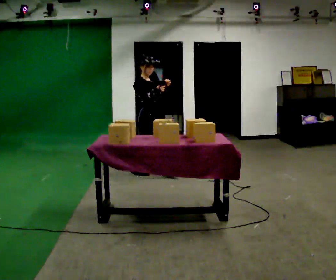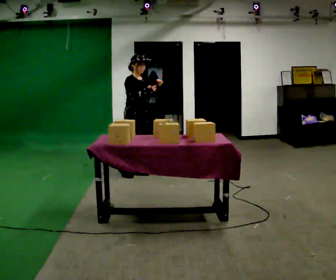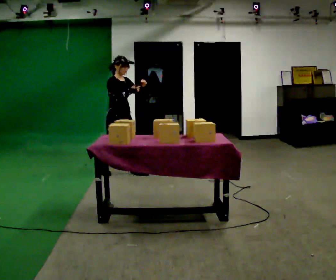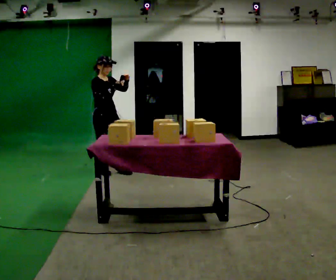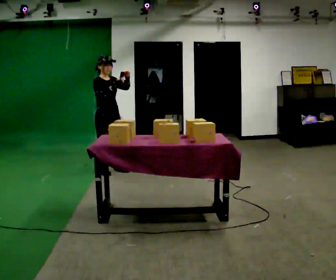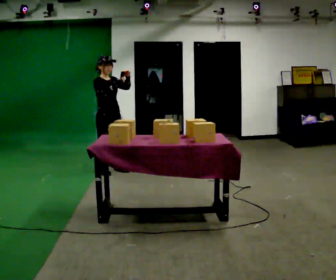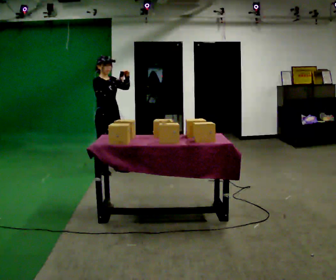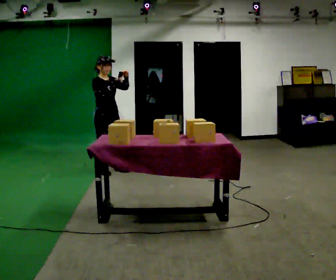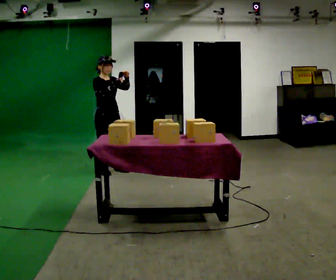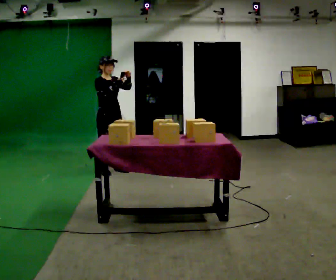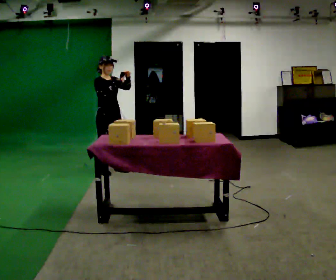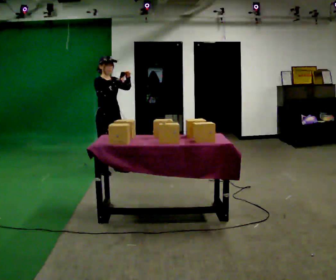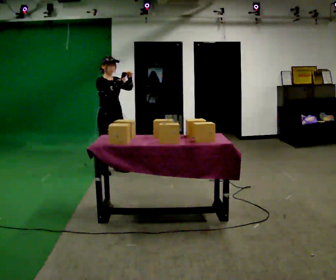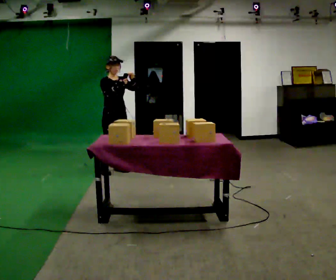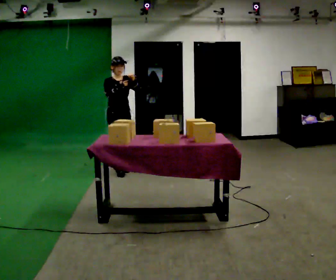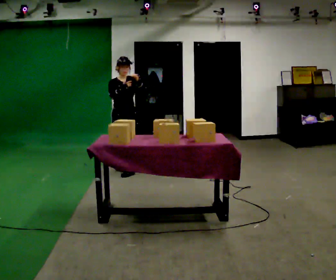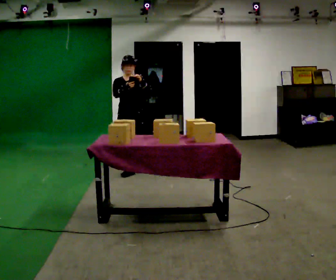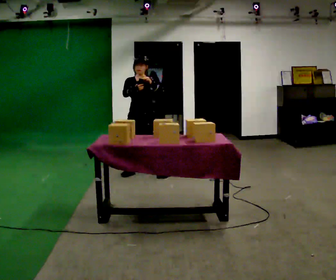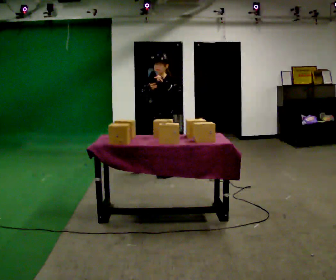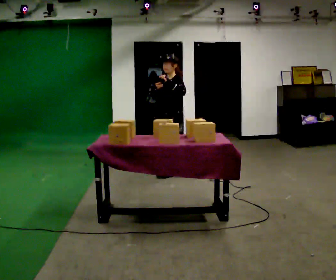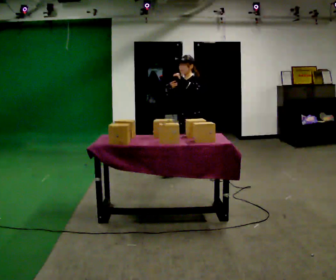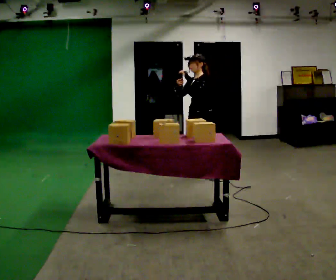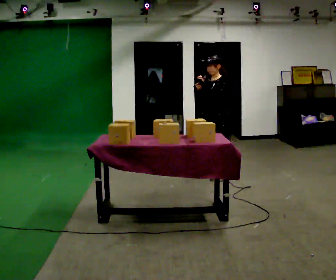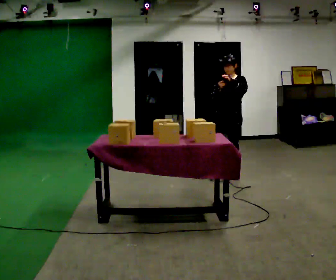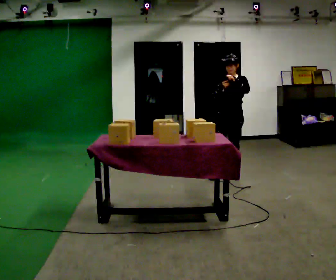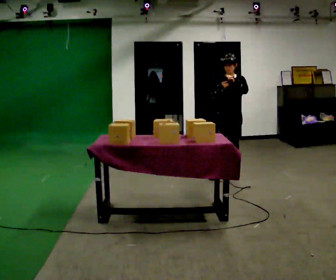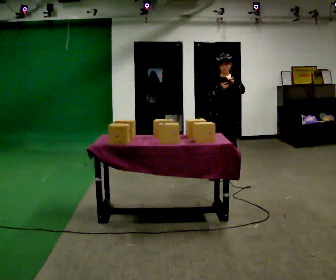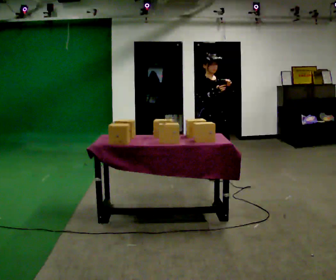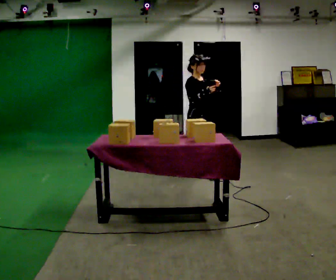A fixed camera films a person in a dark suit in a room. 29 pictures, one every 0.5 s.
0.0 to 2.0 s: Seen from above the body turns clockwise, about 30 degrees: to their right, with its near side sliding to the left. In the picture they go to the left, about 0.5 m in 2 steps, which for them is backward and to their right.
2.0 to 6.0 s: The person moves a little, or ends about where they began.
6.0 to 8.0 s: The person turns about 30 degrees to their right, clockwise seen from above, so the part of the body nearest the lens slides to the left. In the picture they go to the right, about 0.25 m in 2 steps, which for them is forward and to their left.
8.0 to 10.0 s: The person turns about 90 degrees to their right, clockwise seen from above, so the part of the body nearest the lens slides to the left. In the picture they go to the right, about 1 m in 1 step.
10.0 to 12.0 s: Seen from above the body turns counterclockwise, about 75 degrees: to their left, with its near side sliding to the right. In the picture they go to the right, about 0.5 m in 1 step.
12.0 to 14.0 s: The part of the body nearest the lens slides to the right as the person turns to their left by about 75 degrees. In the picture they go to the left, about 0.5 m in 1 step.
The film runs backward here.
